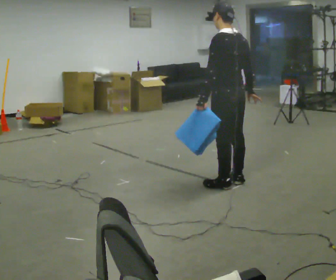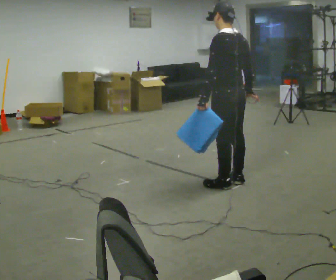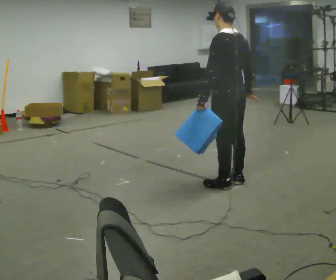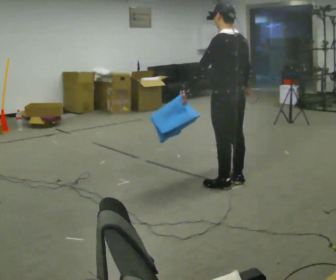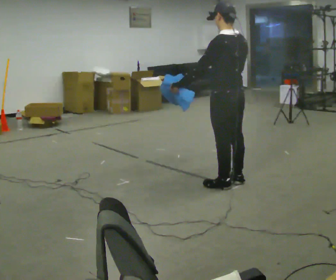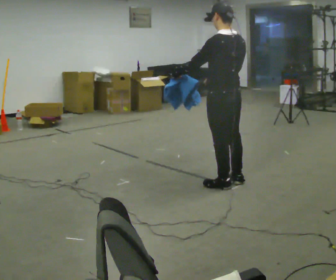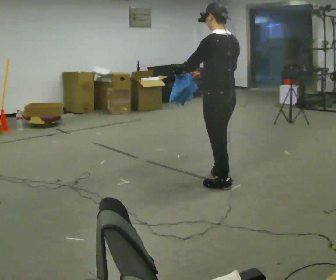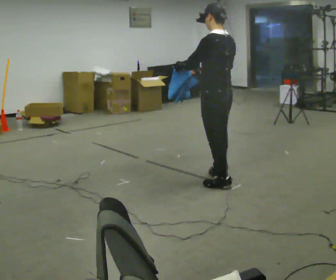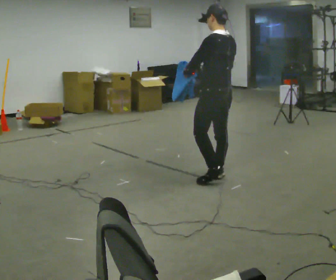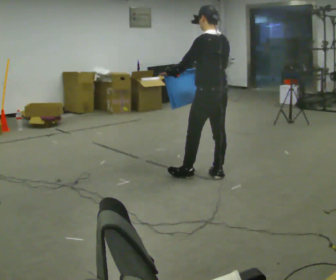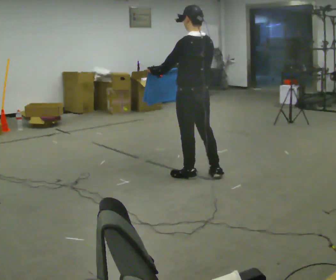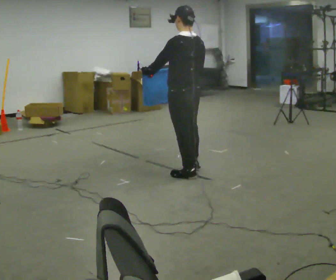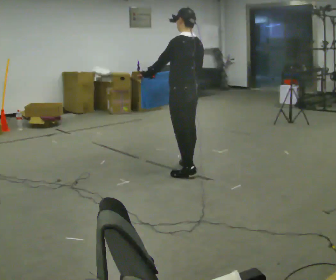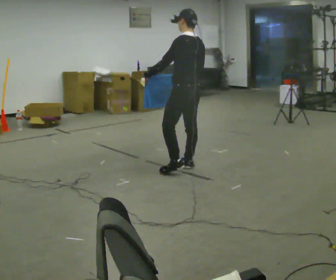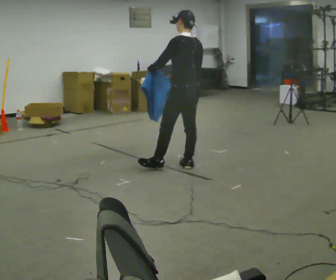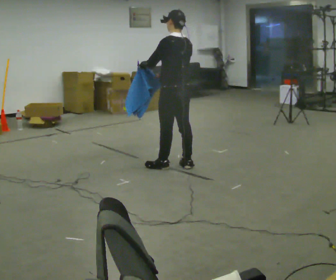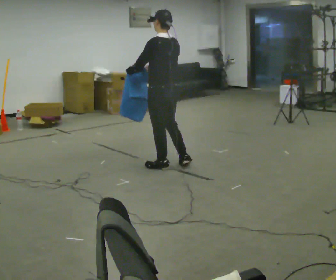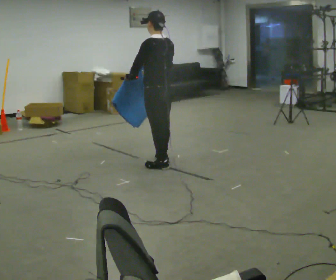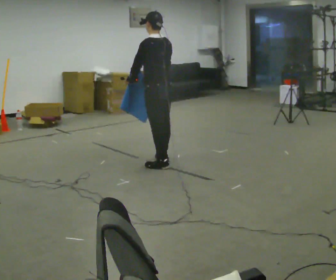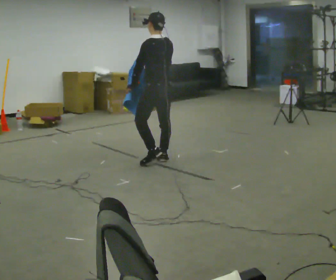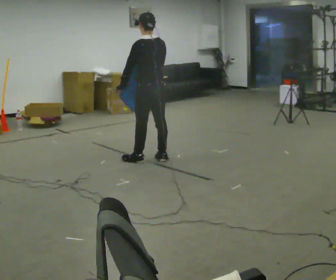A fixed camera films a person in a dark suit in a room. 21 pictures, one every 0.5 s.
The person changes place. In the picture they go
to the left.
0.0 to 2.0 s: The person moves a little, or ends about where they began.
2.0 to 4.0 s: In the picture they go away from the camera, about 0.25 m in 1 step, which for them is forward.
4.0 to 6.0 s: In the picture they go to the left and away from the camera, about 0.5 m in 2 steps, which for them is forward.
6.0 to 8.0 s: In the picture they go to the left, about 0.25 m in 1 step, which for them is forward.
8.0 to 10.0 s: In the picture they go away from the camera and to the left, about 0.25 m in 2 steps, which for them is forward.
The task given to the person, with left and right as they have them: Carry the cloth and, while walking, fold it in half, then unfold it. Keep repeating as you walk. Do not stop.
The film runs forward here.
